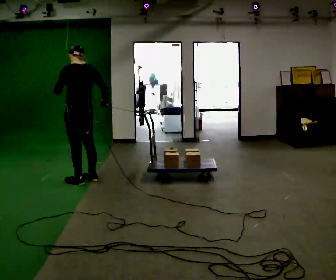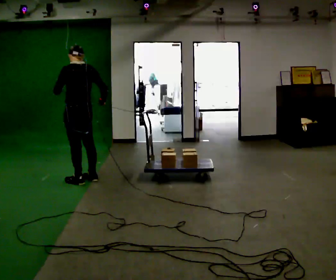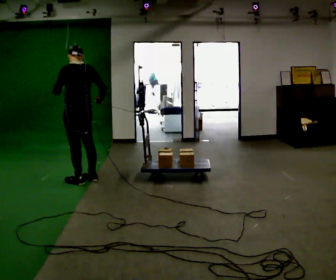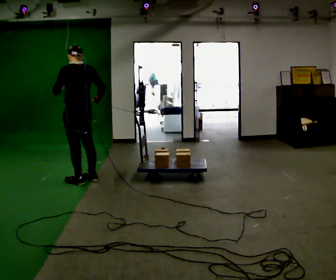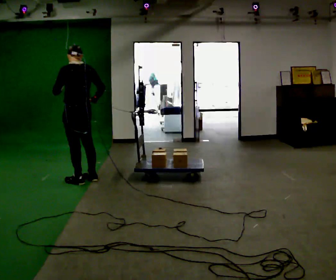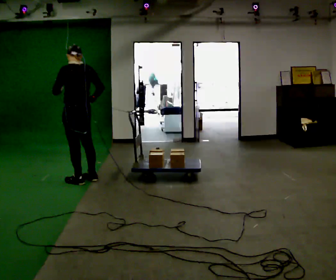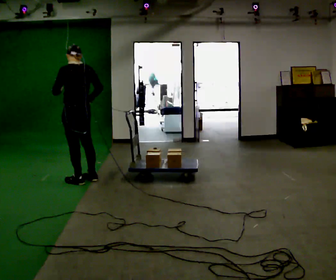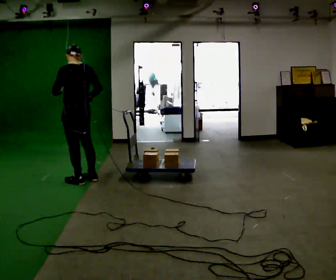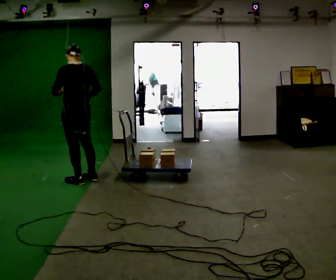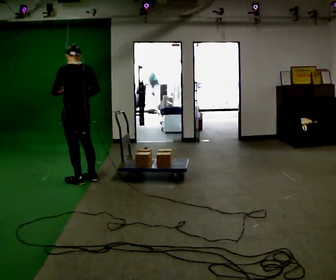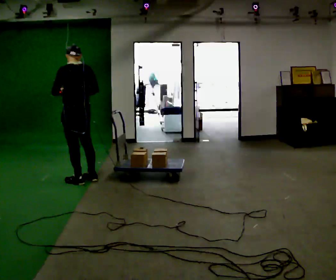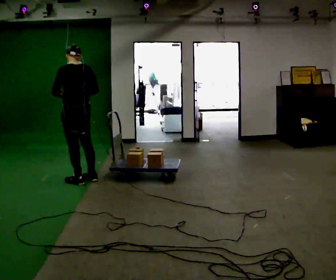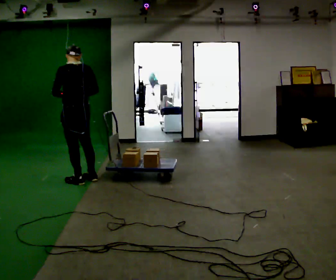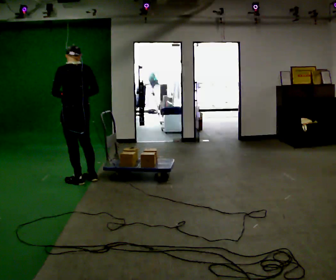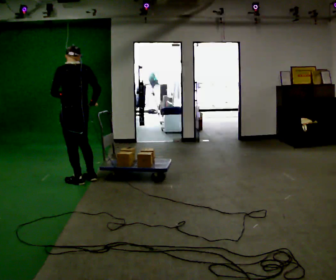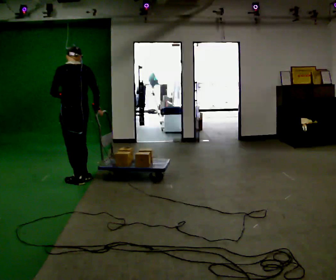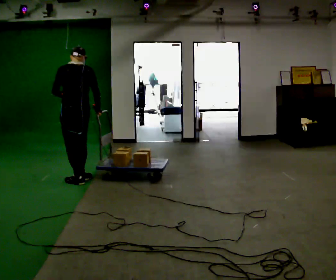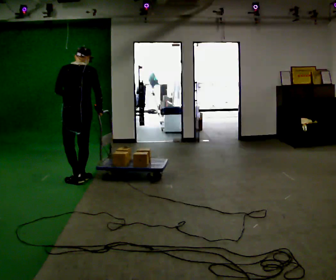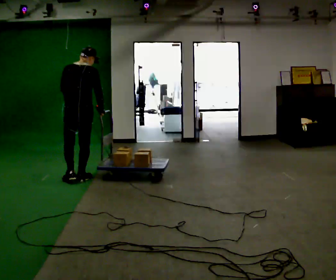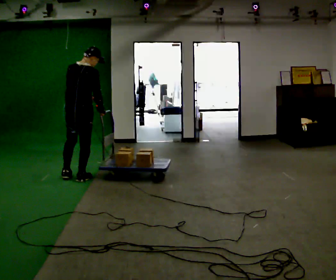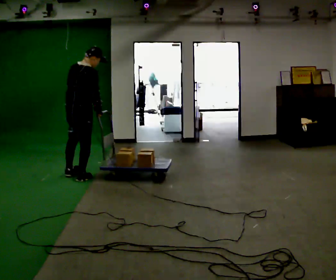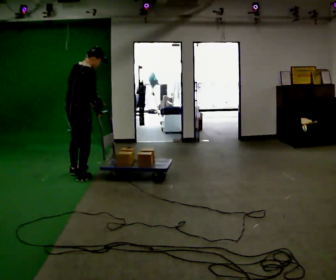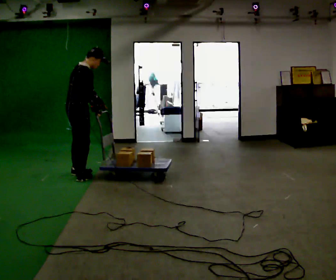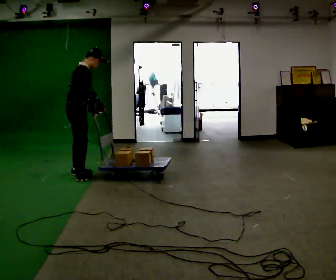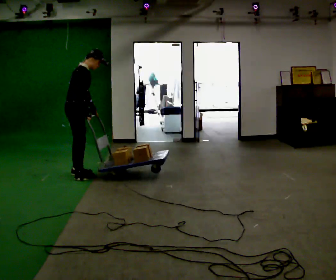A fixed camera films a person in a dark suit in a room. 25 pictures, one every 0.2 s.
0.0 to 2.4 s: In the picture their right hand goes to the left.
2.4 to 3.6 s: The part of the body nearest the lens slides to the left as the person turns to their right by about 45 degrees.
3.6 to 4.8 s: The person turns about 75 degrees to their right, clockwise seen from above, so the part of the body nearest the lens slides to the left. In the picture they go away from the camera, about 0.25 m in 1 step.
The film runs forward here.
